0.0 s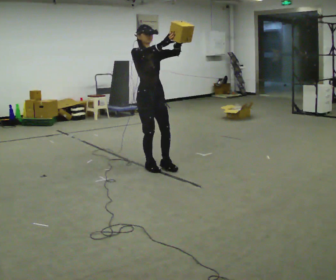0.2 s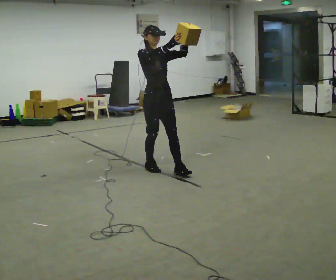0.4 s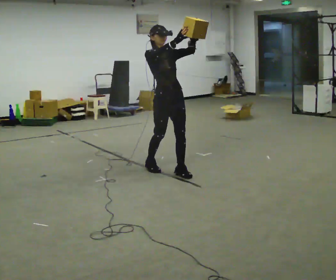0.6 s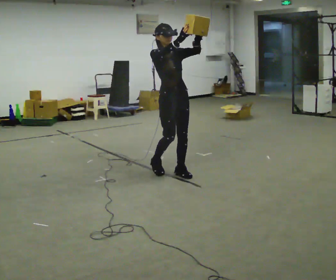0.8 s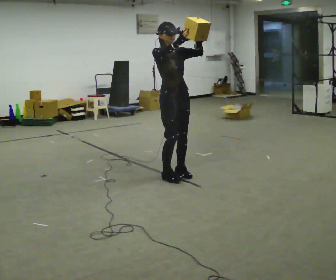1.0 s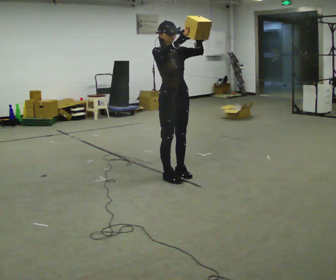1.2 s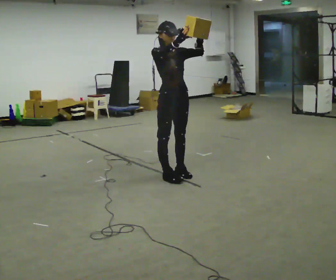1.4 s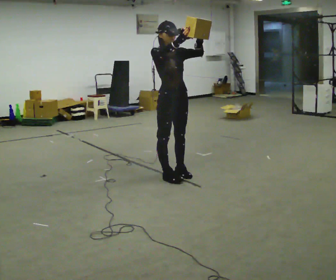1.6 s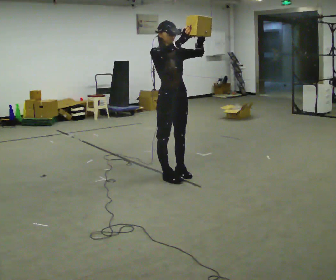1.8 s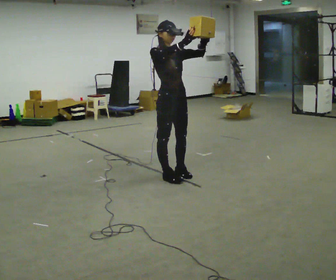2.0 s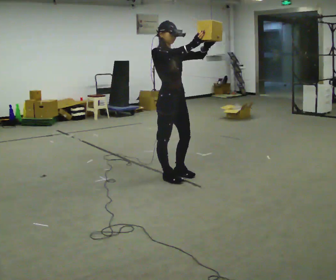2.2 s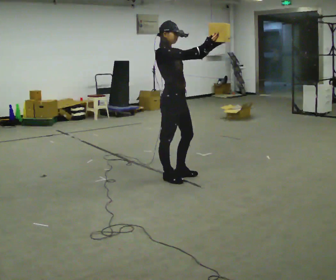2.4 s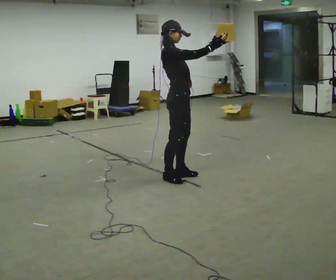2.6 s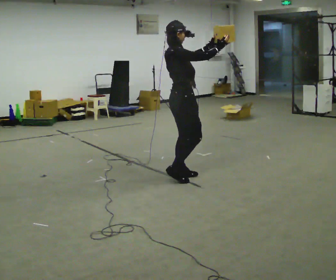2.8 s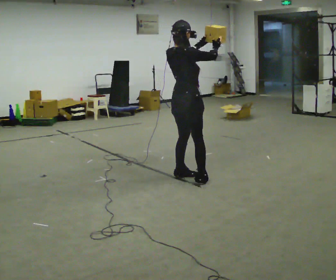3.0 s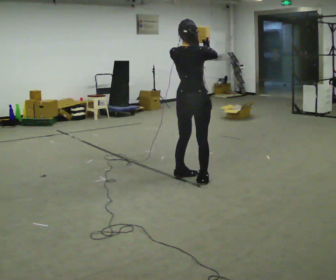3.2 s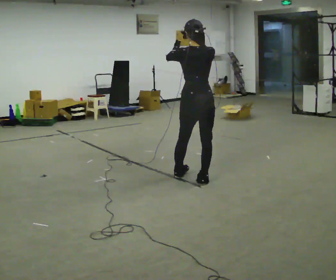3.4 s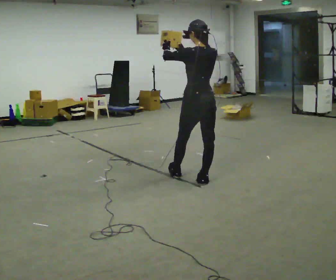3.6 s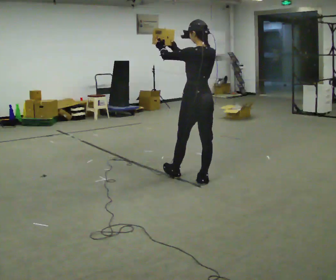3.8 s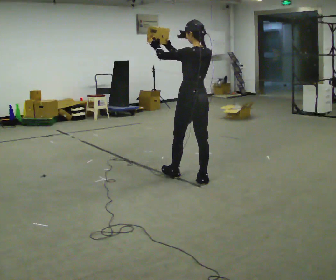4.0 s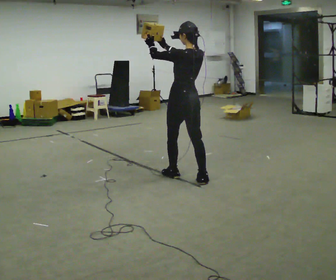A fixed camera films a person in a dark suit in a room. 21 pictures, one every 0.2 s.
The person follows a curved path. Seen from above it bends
counterclockwise.
The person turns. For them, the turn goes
to their left.
0.0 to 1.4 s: In the picture they go to the right and toward the camera, about 0.5 m in 2 steps, which for them is forward.
1.4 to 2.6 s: The part of the body nearest the lens slides to the right as the person turns to their left by about 75 degrees.
2.6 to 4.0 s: The part of the body nearest the lens slides to the right as the person turns to their left by about 105 degrees. In the picture the upper body tilts clockwise, shoulders to the right. In the picture their left hand goes to the left.
The film runs forward here.
